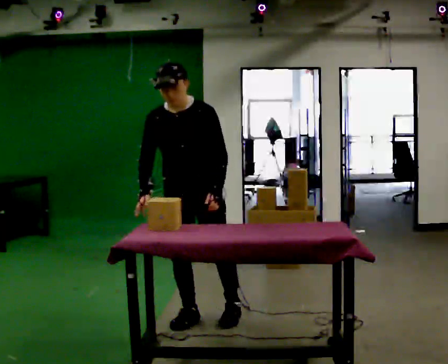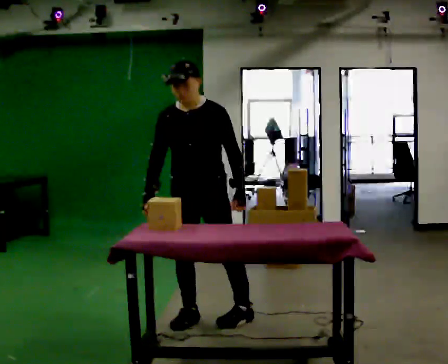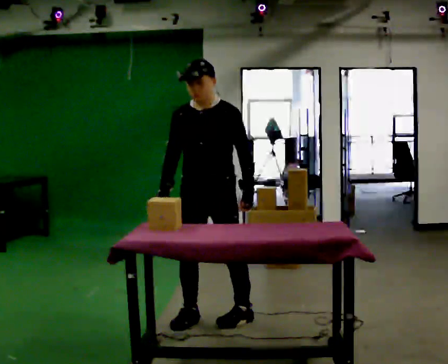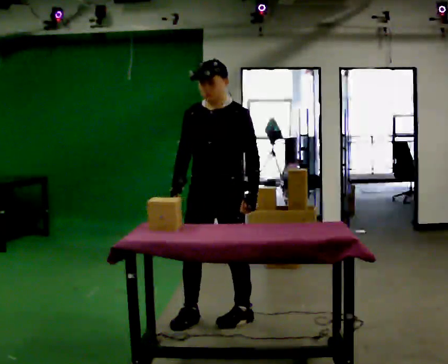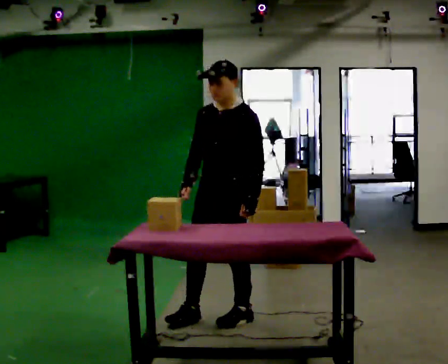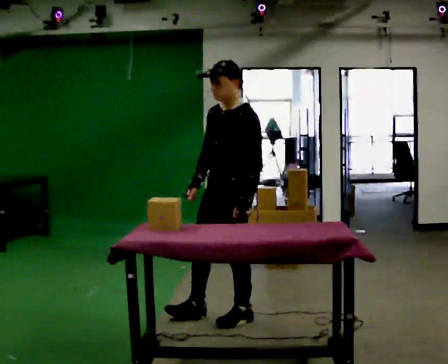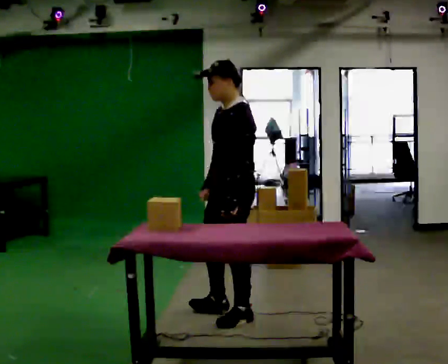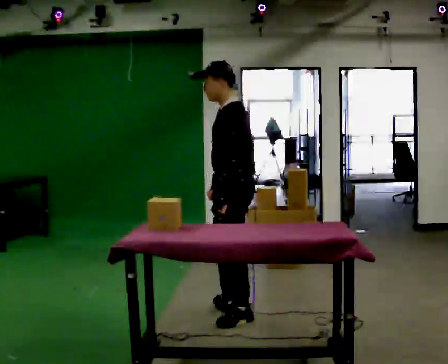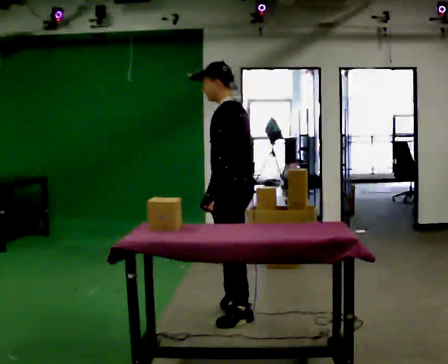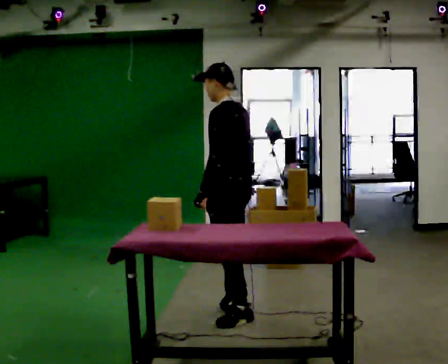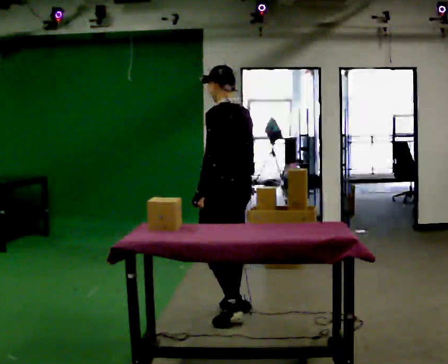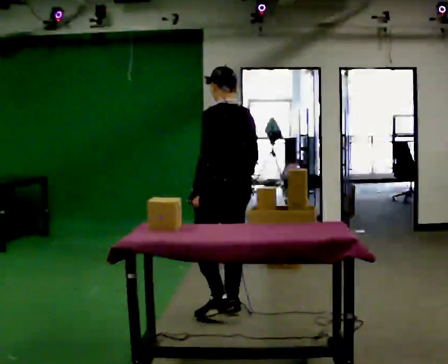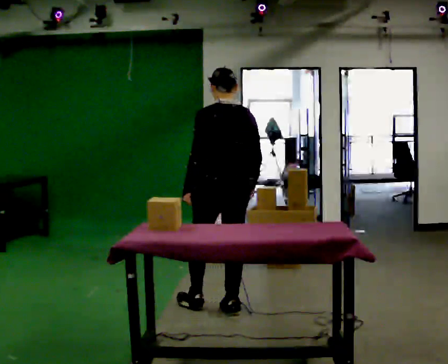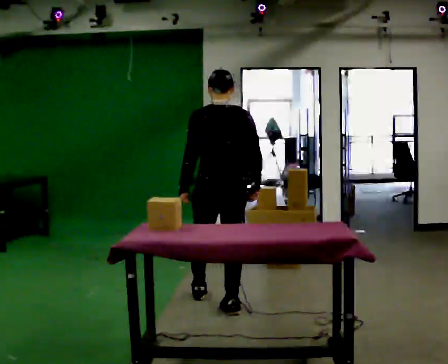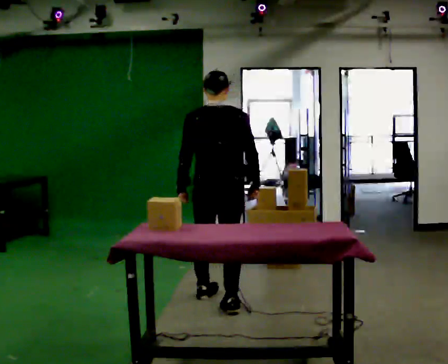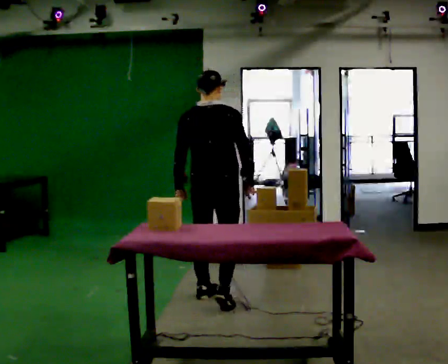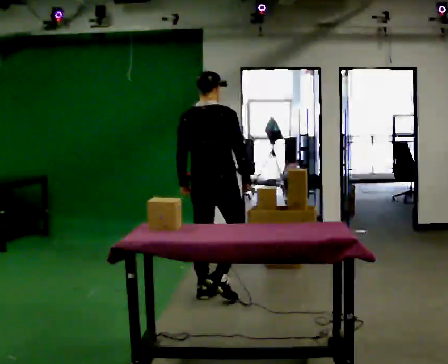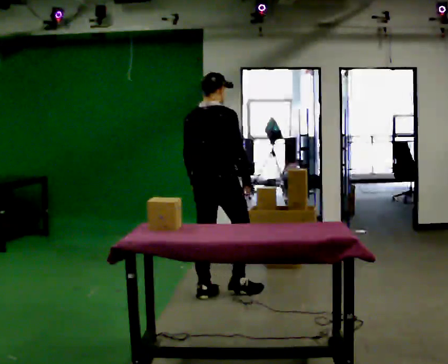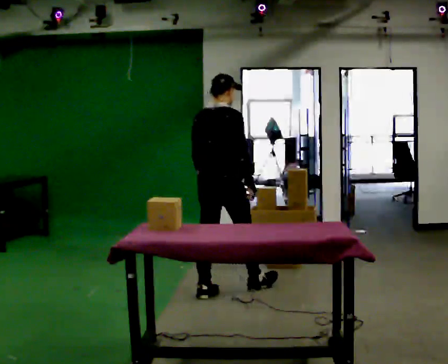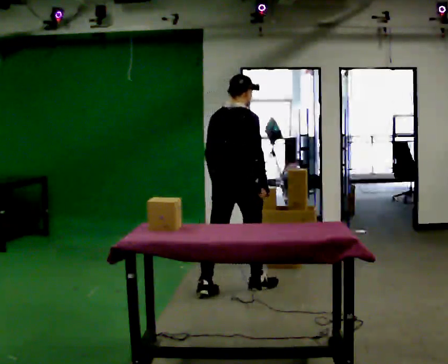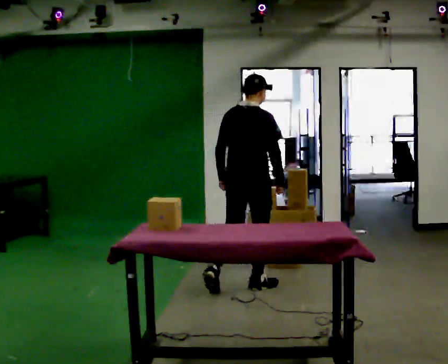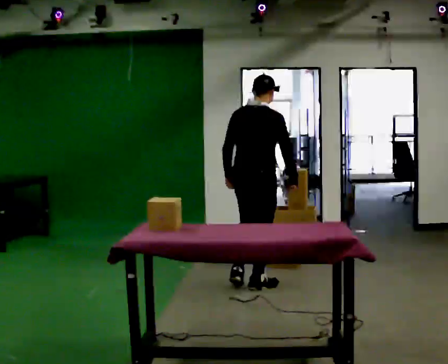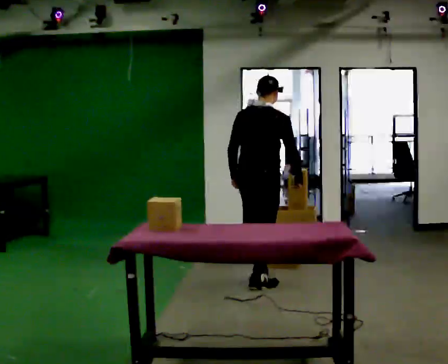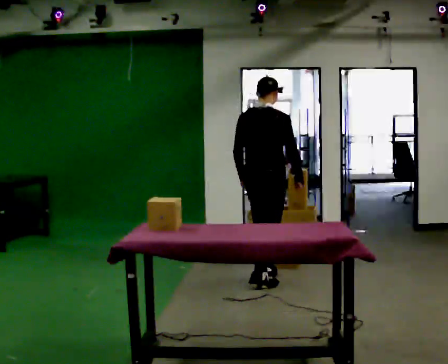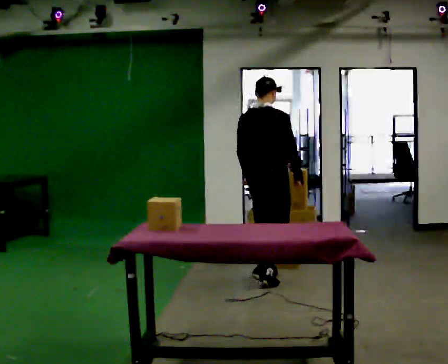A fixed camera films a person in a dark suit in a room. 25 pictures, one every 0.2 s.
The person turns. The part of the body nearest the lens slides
to the left.
The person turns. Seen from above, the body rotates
clockwise.
0.0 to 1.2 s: The part of the body nearest the lens slides to the left as the person turns to their right by about 60 degrees. In the picture they go to the right, about 0.25 m in 1 step.
1.2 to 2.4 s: The person turns about 75 degrees to their right, clockwise seen from above, so the part of the body nearest the lens slides to the left. In the picture they go away from the camera, about 0.25 m in 1 step.
2.4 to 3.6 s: The person turns about 60 degrees to their right, clockwise seen from above, so the part of the body nearest the lens slides to the left. In the picture they go away from the camera, about 0.5 m in 1 step, which for them is forward and to their left.
3.6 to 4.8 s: In the picture they go away from the camera and to the right, about 0.5 m in 2 steps, which for them is forward.
The film runs forward here.
